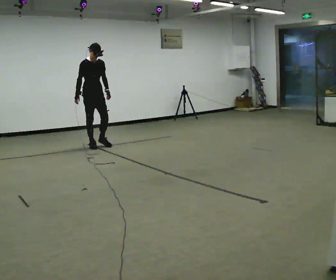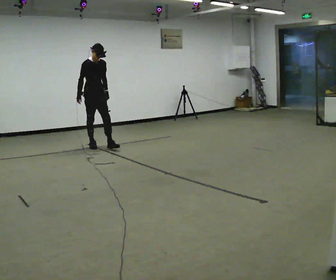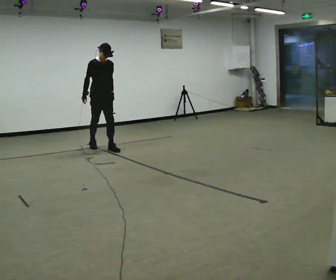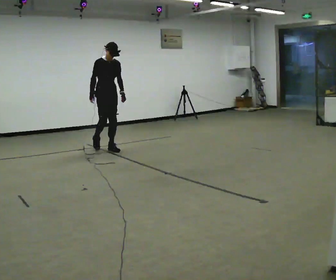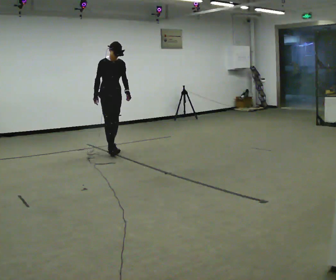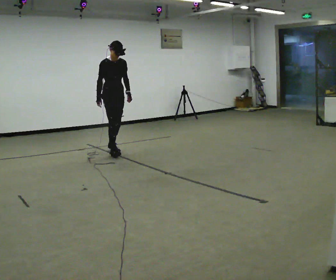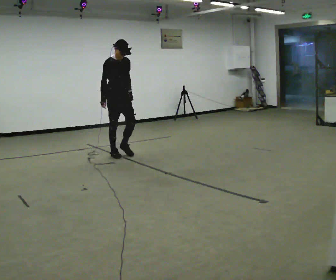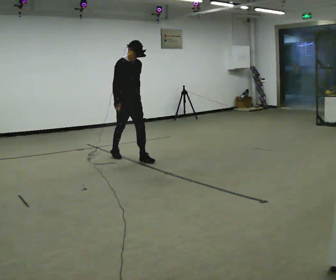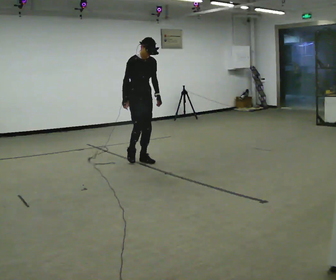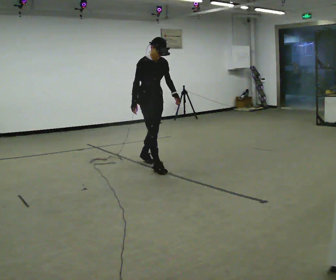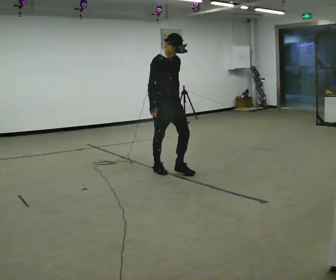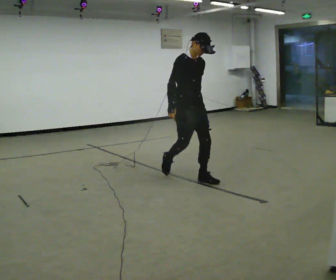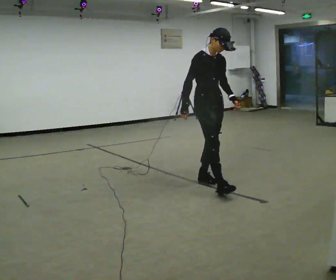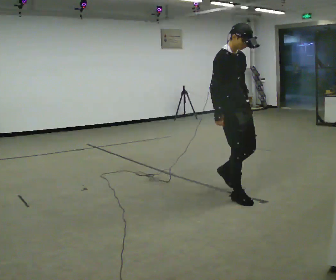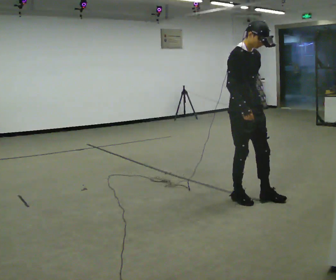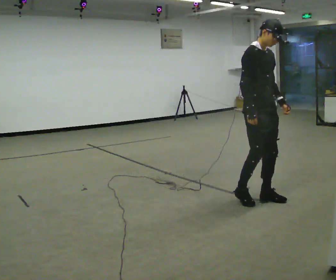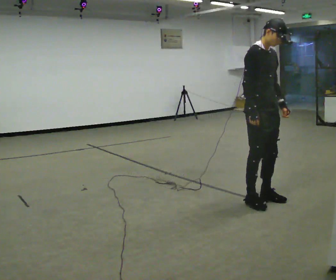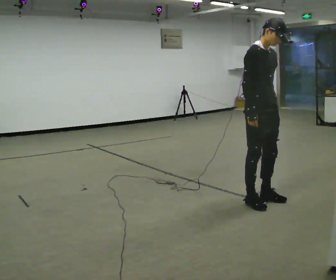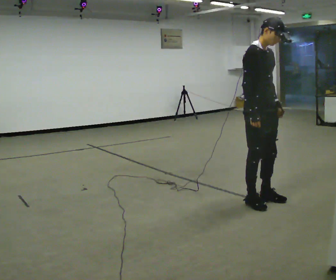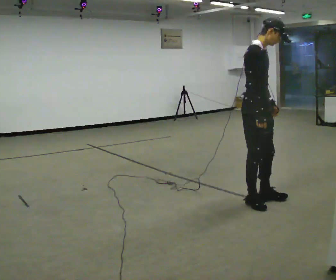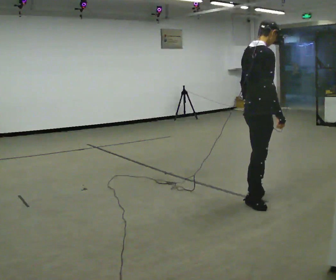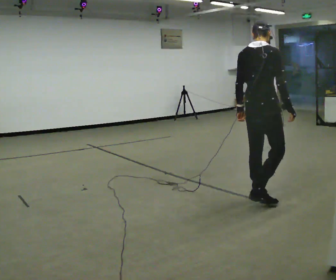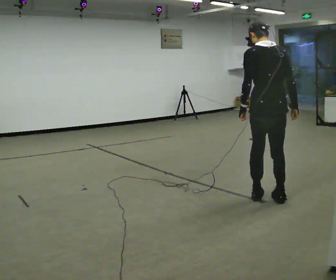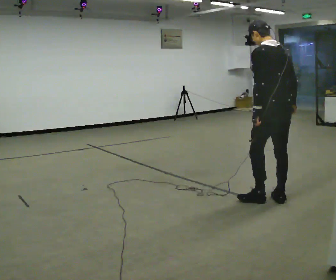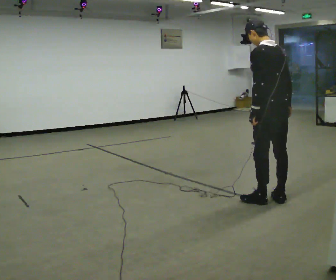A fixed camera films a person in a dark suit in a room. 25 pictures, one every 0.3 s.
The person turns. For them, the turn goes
to their left.
The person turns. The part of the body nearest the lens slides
to the right.
0.0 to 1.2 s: In the picture they go to the right and toward the camera, about 0.5 m in 1 step, which for them is forward.
1.2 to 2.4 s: In the picture they go toward the camera and to the right, about 1 m in 2 steps, which for them is forward.
2.4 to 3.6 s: In the picture they go toward the camera and to the right, about 1.5 m in 2 steps, which for them is forward.
3.6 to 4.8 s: In the picture they go toward the camera and to the right, about 0.5 m in 3 steps, which for them is forward.
4.8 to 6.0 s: The part of the body nearest the lens slides to the right as the person turns to their left by about 60 degrees. In the picture their left hand goes to the left.
6.0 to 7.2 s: The part of the body nearest the lens slides to the right as the person turns to their left by about 105 degrees. In the picture they go to the right, about 0.25 m in 1 step. In the picture the upper body tilts counterclockwise, shoulders to the left.
The film runs forward here.
